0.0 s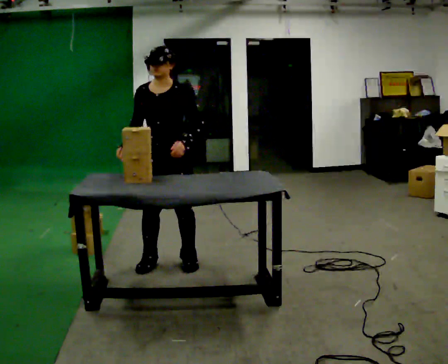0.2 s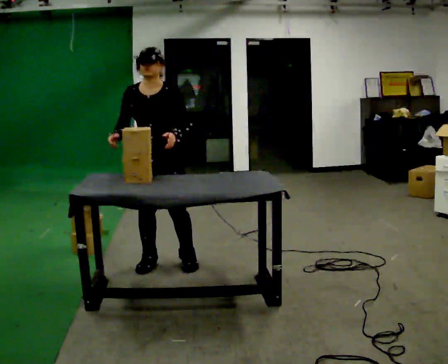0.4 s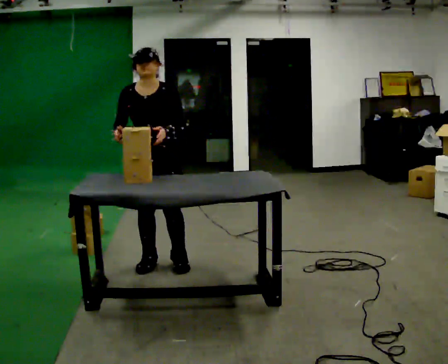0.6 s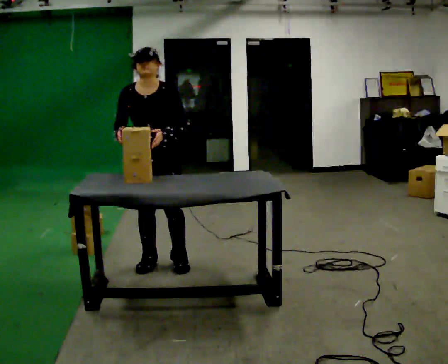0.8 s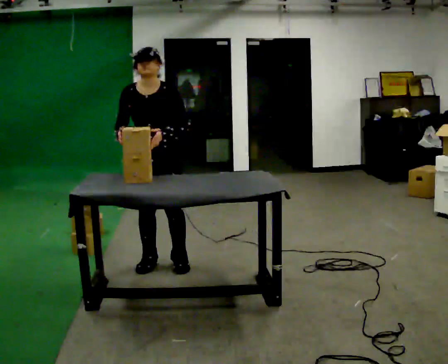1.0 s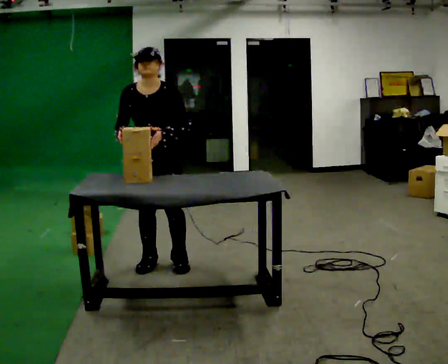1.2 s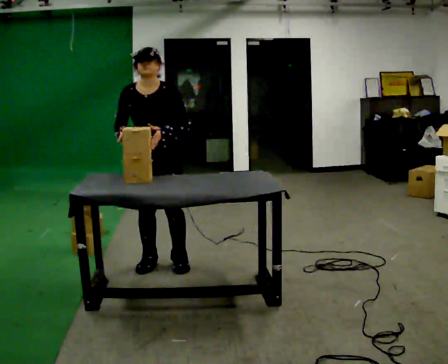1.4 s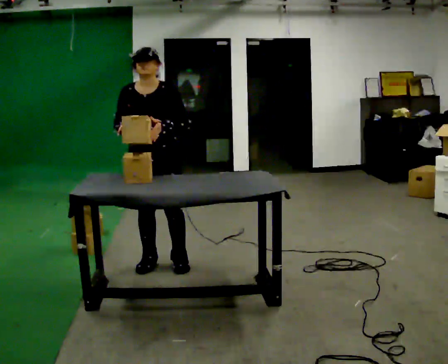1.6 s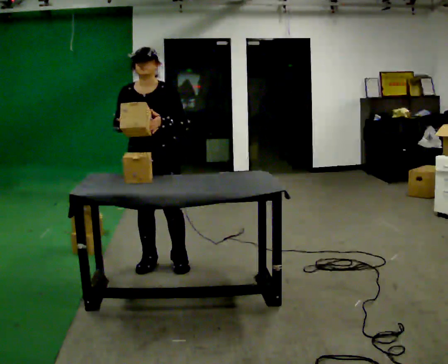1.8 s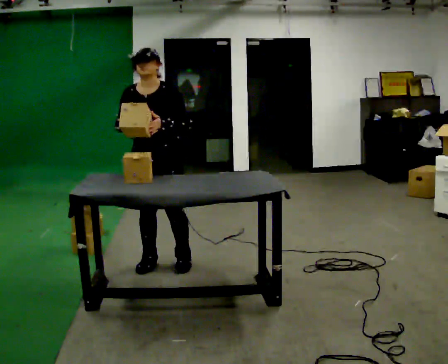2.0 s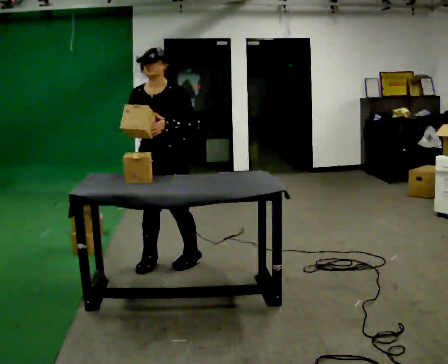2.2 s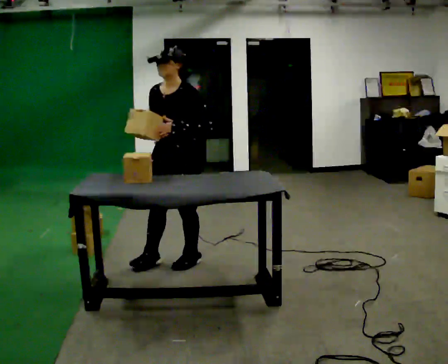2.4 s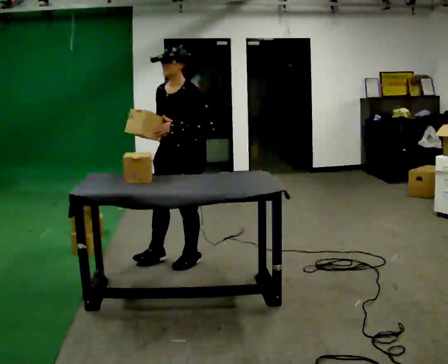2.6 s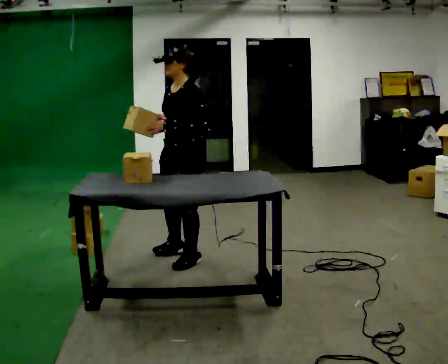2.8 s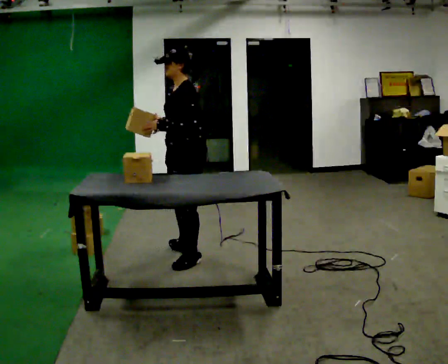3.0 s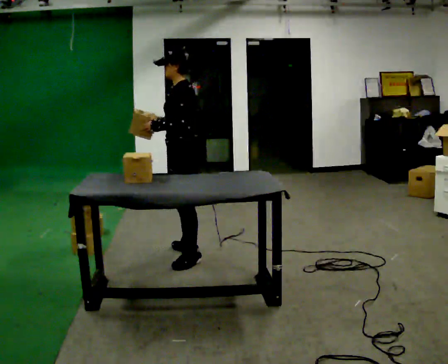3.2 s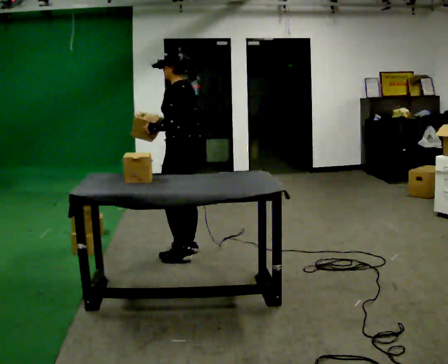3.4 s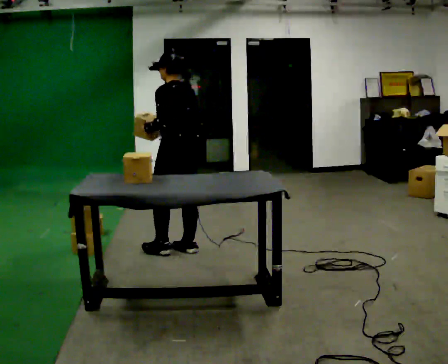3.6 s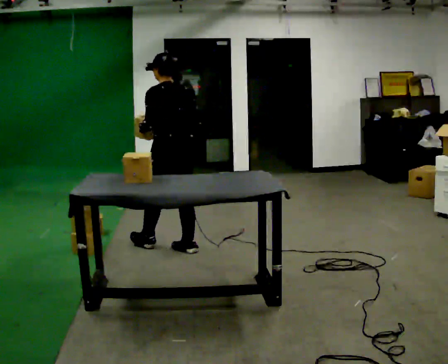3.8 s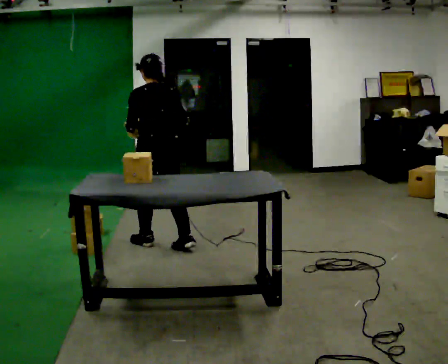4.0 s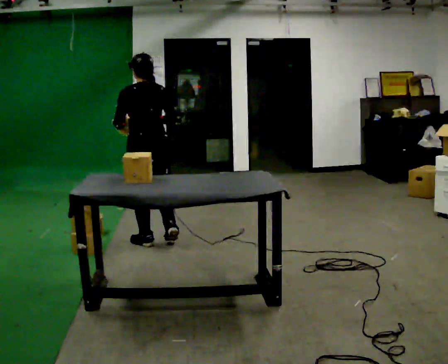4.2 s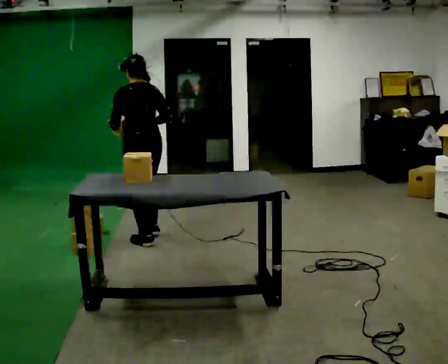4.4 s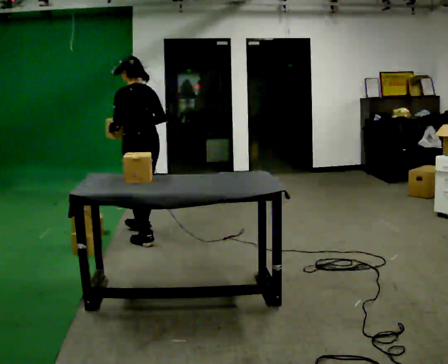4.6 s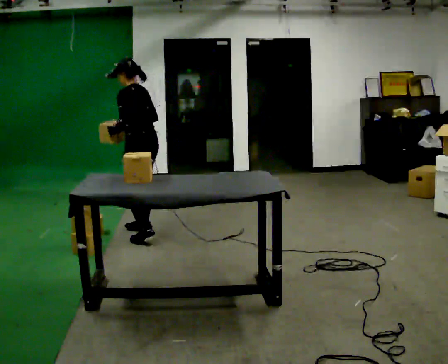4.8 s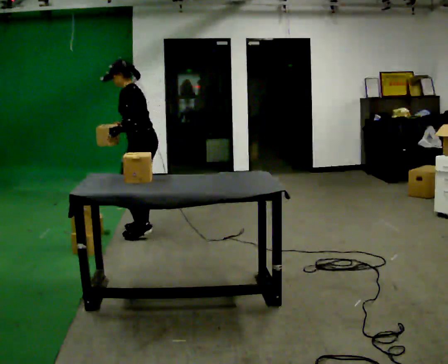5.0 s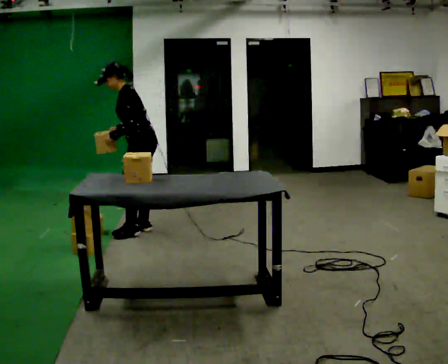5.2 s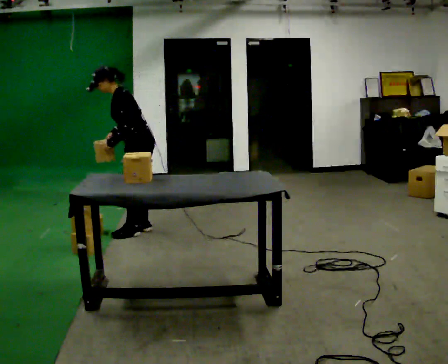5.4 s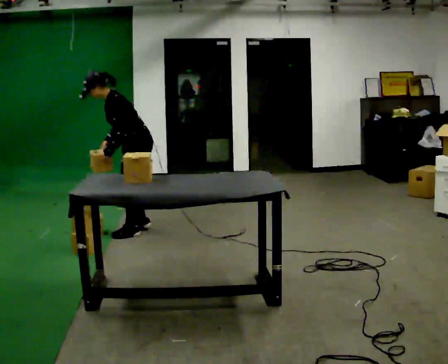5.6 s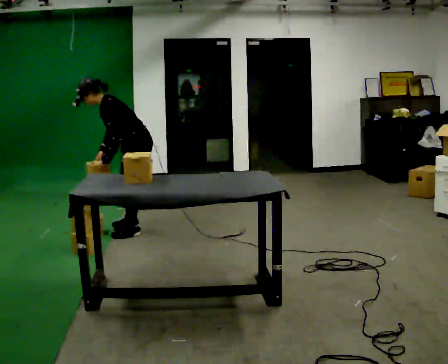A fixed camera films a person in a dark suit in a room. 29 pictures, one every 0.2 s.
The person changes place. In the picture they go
away from the camera.
The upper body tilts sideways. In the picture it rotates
counterclockwise.
0.0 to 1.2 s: The person moves a little, or ends about where they began.
1.2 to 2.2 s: The part of the body nearest the lens slides to the left as the person turns to their right by about 30 degrees. In the picture they go to the right, about 0.25 m, which for them is to their left.
2.2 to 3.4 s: Seen from above the body turns clockwise, about 90 degrees: to their right, with its near side sliding to the left. In the picture they go away from the camera, about 0.25 m in 1 step.
3.4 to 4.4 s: In the picture they go away from the camera and to the left, about 0.5 m in 2 steps, which for them is forward.
4.4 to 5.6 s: The part of the body nearest the lens slides to the right as the person turns to their left by about 45 degrees. In the picture they go away from the camera, about 0.25 m in 2 steps, which for them is to their right. In the picture the upper body tilts counterclockwise, shoulders to the left, as they bend forward.
The film runs forward here.
